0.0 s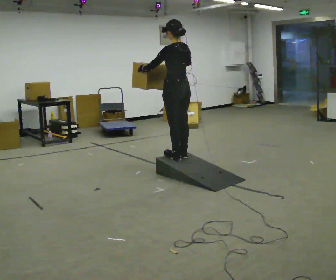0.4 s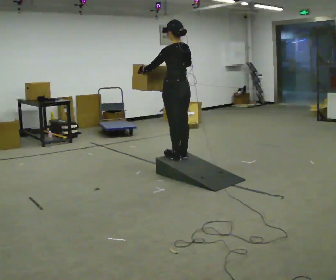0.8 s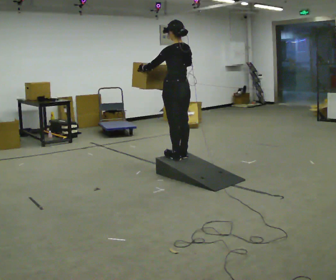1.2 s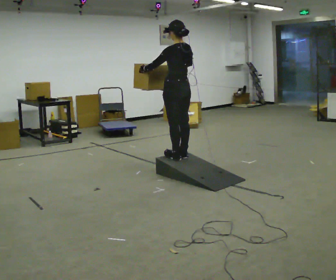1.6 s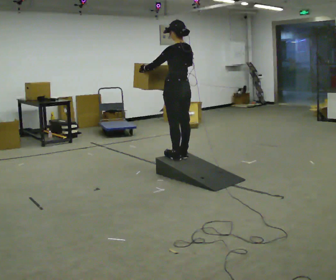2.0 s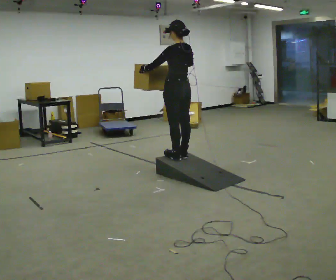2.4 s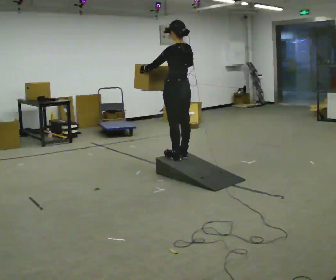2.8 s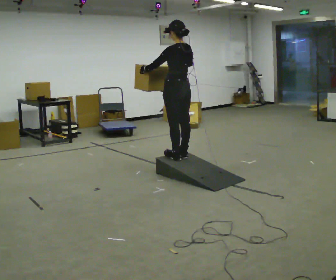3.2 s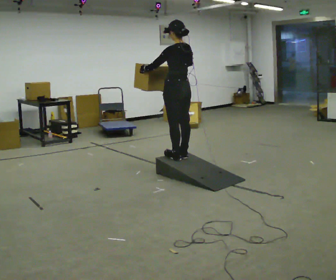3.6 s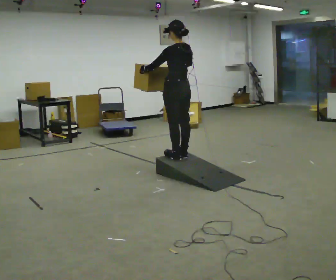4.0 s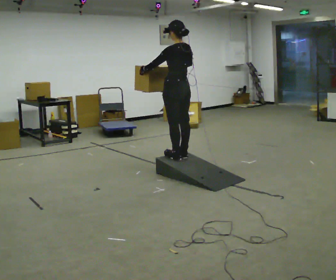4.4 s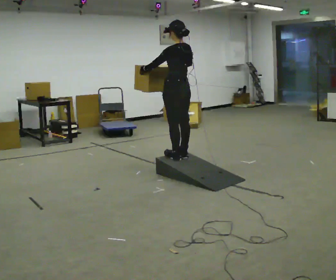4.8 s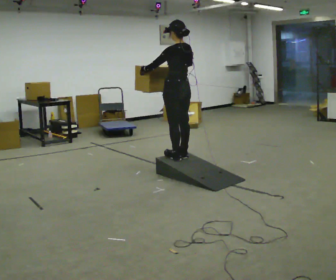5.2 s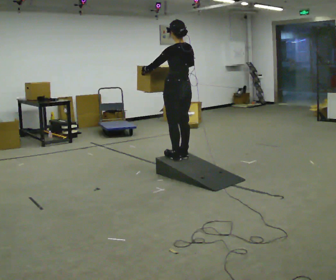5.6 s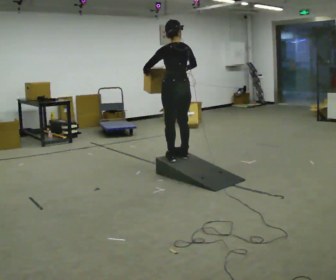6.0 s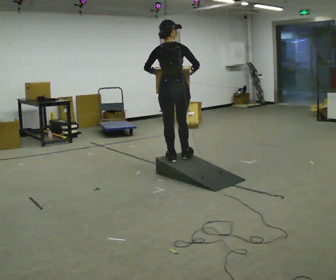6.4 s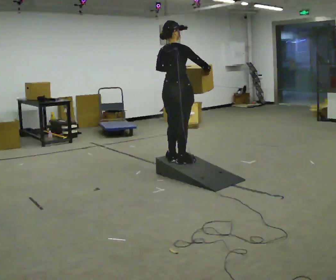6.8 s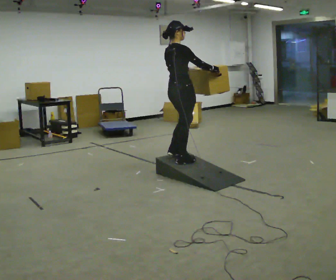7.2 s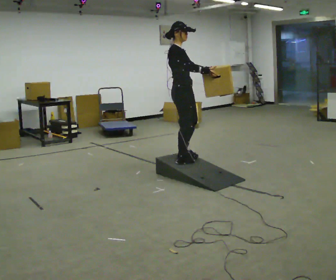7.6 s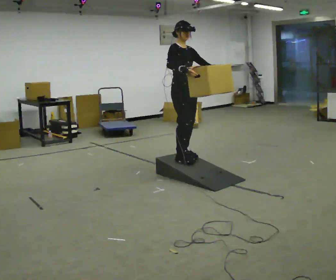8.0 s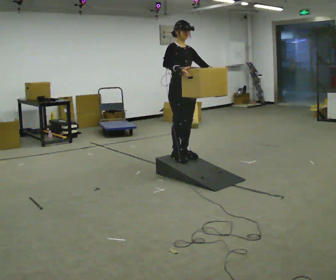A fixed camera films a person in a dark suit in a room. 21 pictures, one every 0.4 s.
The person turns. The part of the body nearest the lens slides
to the left.
The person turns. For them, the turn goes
to their right.
0.0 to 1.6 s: The person moves a little, or ends about where they began.
1.6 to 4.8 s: The person keeps their place and pose.
4.8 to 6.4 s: The part of the body nearest the lens slides to the left as the person turns to their right by about 75 degrees. In the picture their right hand goes to the right.
6.4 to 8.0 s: The person turns about 105 degrees to their right, clockwise seen from above, so the part of the body nearest the lens slides to the left. In the picture their right hand goes to the left.
The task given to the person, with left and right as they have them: Carry the box up the ramp, turn at the top, and carry it back down. Keep going until the operator says stop; one object at a time, and do not rush between trips.
The film runs forward here.
